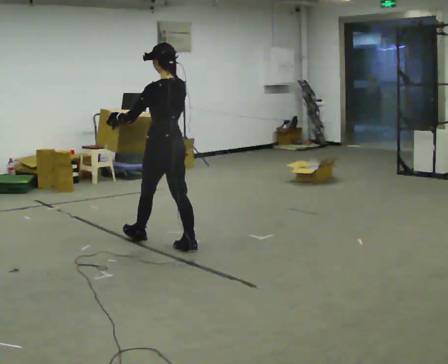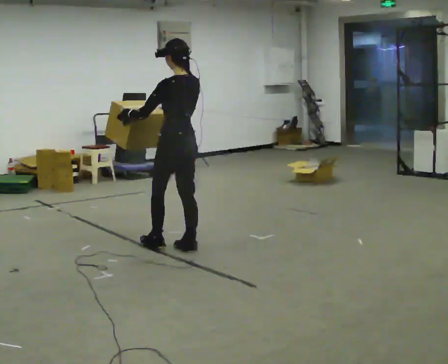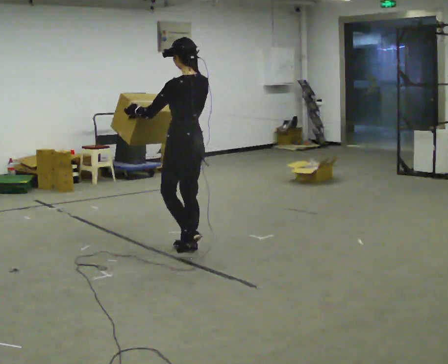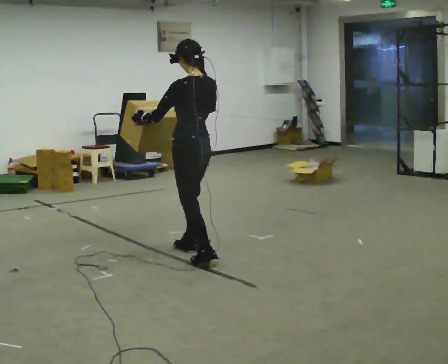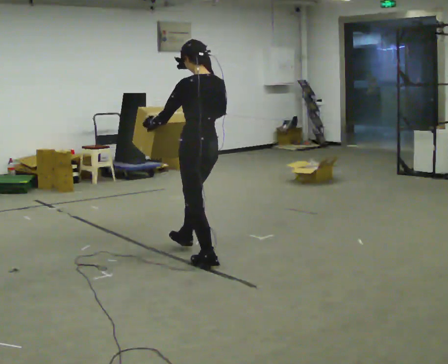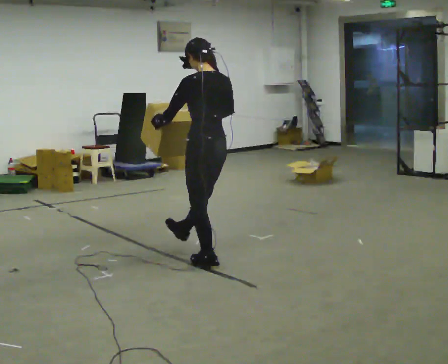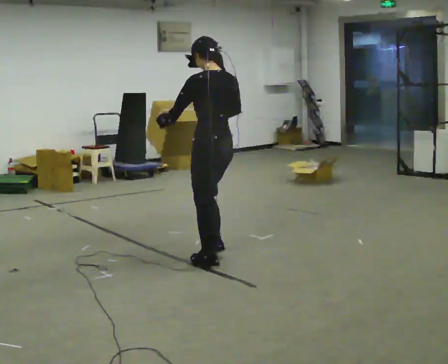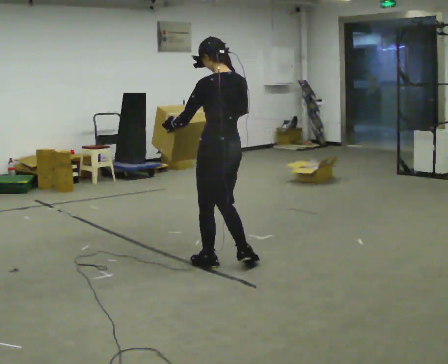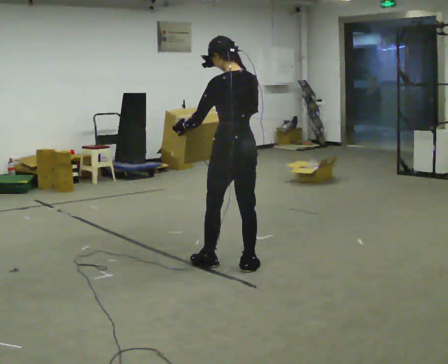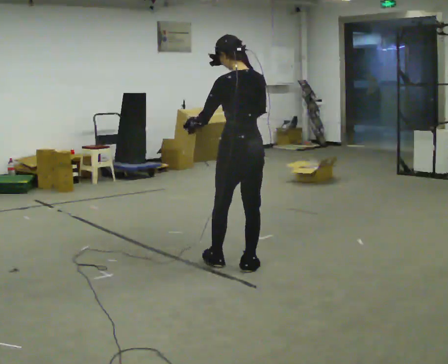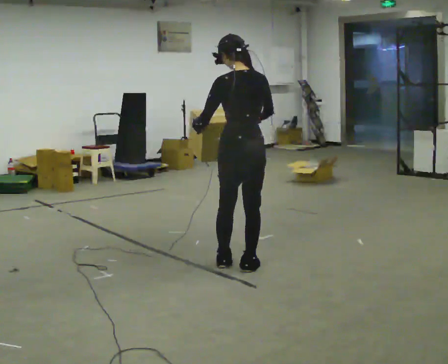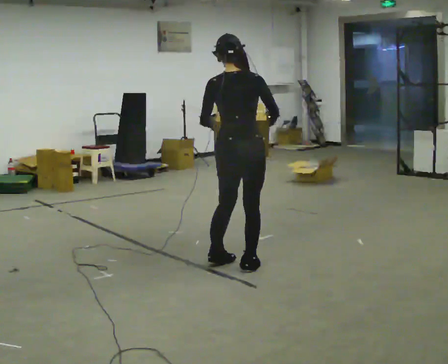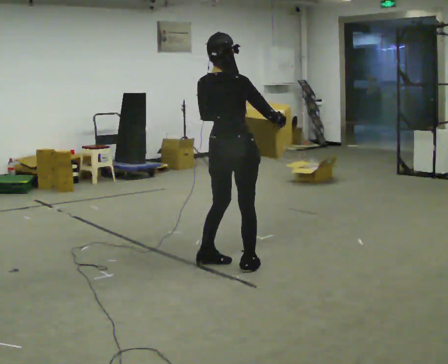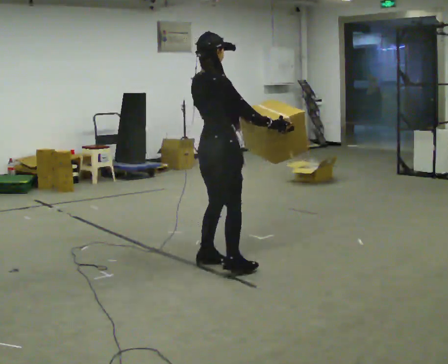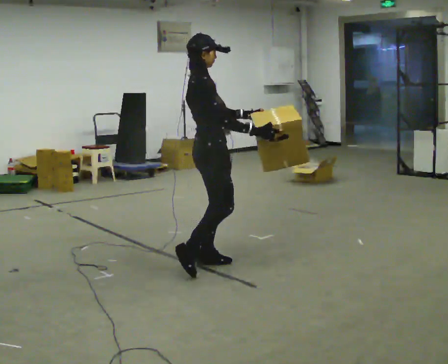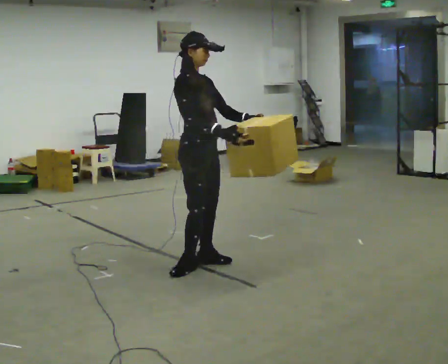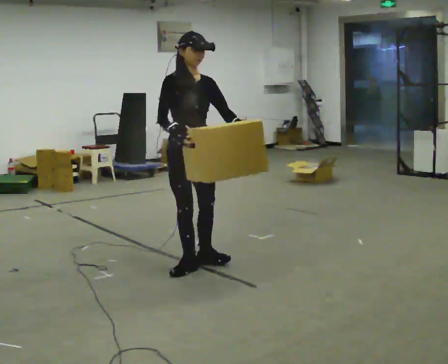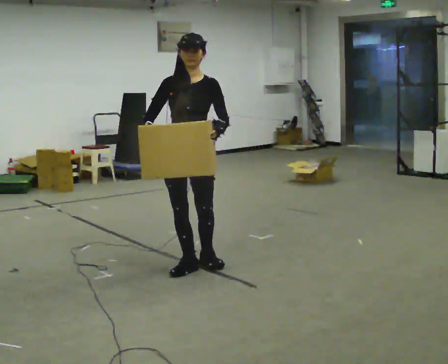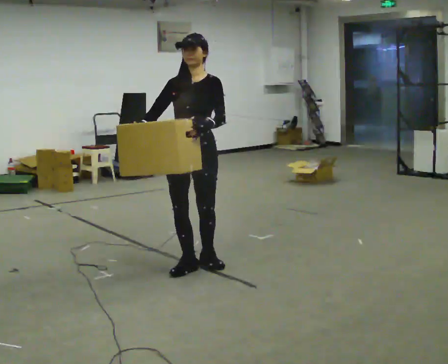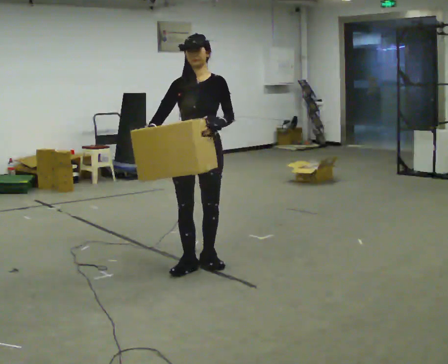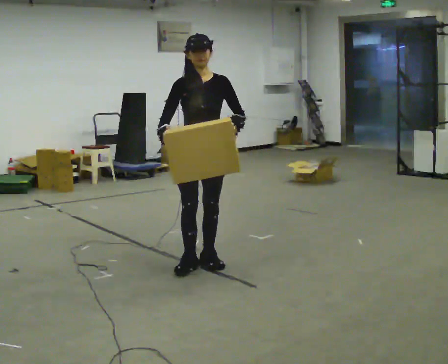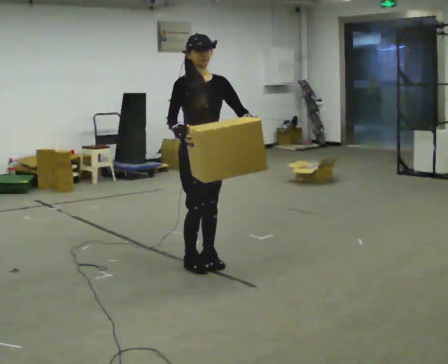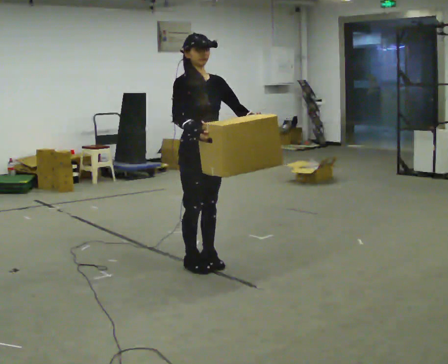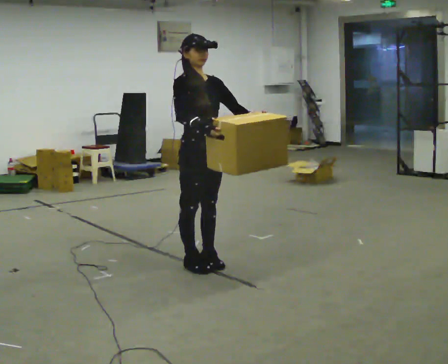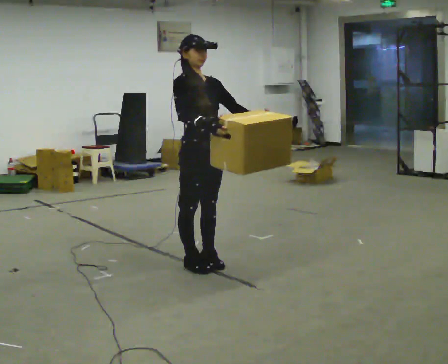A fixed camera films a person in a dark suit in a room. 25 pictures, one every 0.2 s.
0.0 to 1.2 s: In the picture they go toward the camera and to the right, about 0.75 m in 2 steps, which for them is backward.
1.2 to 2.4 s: The person turns about 75 degrees to their right, clockwise seen from above, so the part of the body nearest the lens slides to the left. In the picture their left hand goes to the right.
2.4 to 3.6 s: The person turns about 165 degrees to their right, clockwise seen from above, so the part of the body nearest the lens slides to the left. In the picture they go to the left, about 0.25 m in 1 step. In the picture their right hand goes to the left.
3.6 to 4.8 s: The person turns about 45 degrees to their left, counterclockwise seen from above, so the part of the body nearest the lens slides to the right. In the picture their right hand goes to the right.
The film runs backward here.
